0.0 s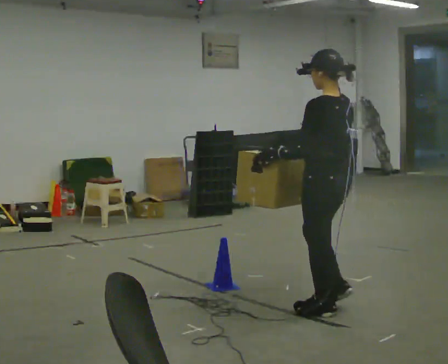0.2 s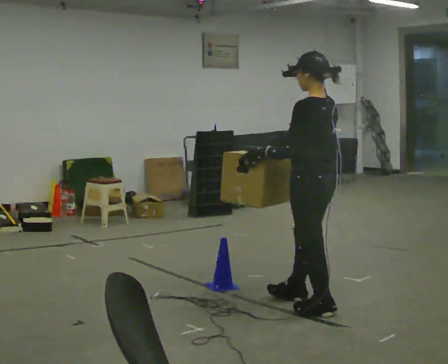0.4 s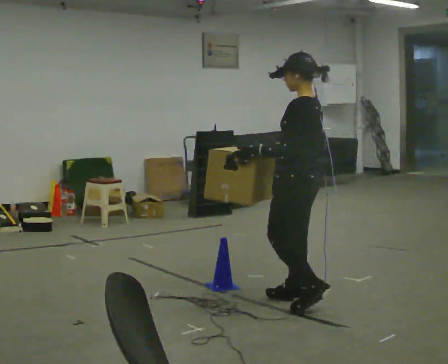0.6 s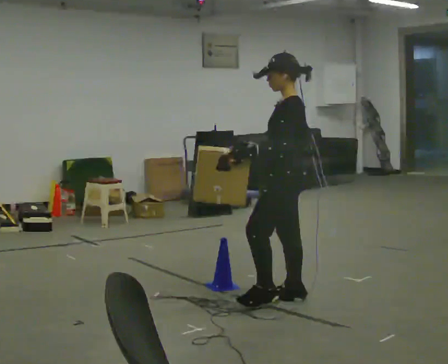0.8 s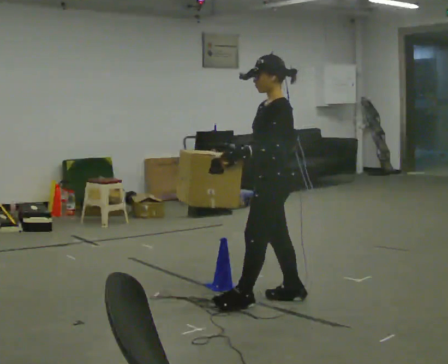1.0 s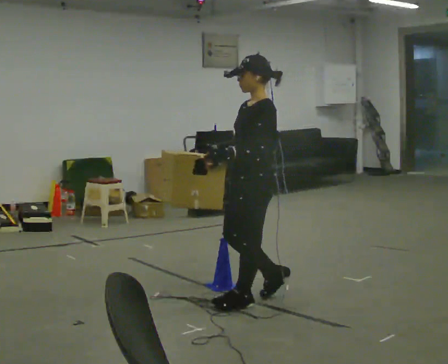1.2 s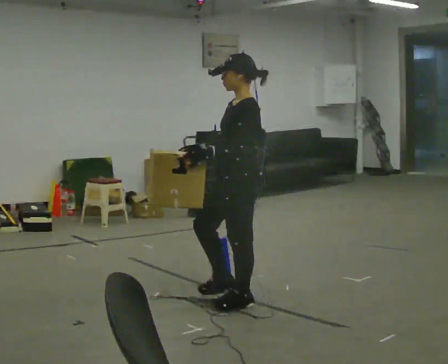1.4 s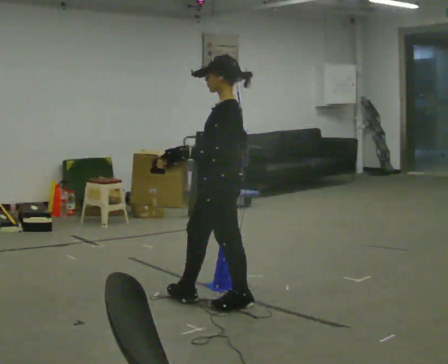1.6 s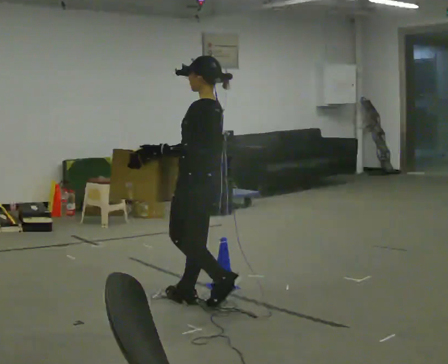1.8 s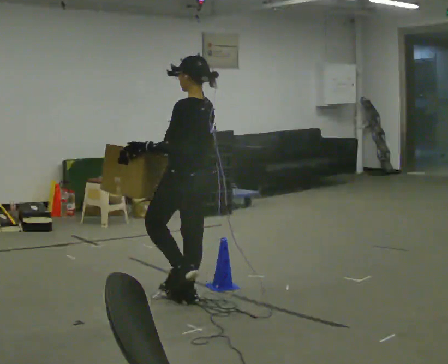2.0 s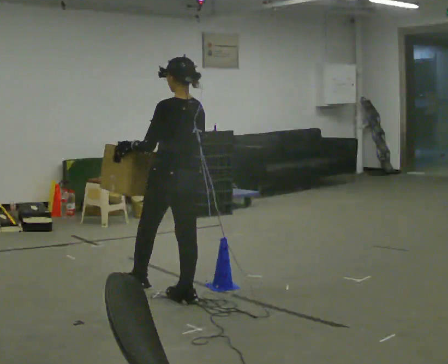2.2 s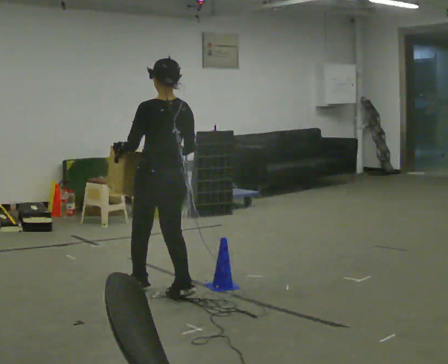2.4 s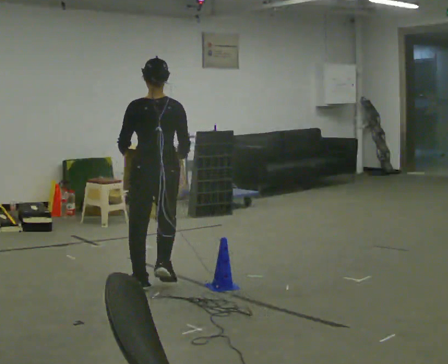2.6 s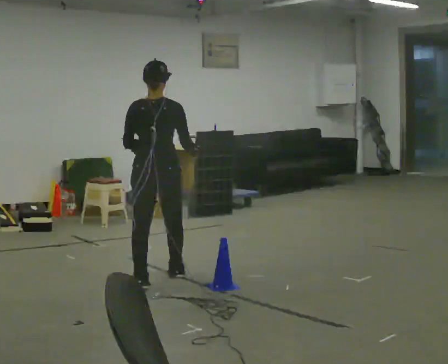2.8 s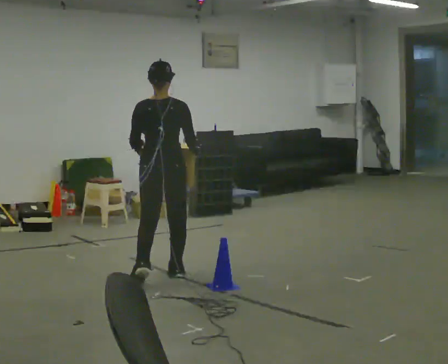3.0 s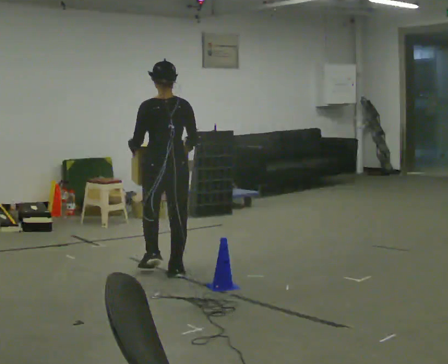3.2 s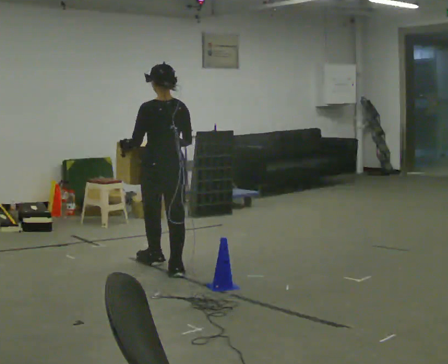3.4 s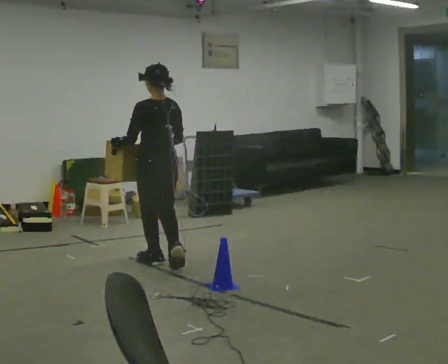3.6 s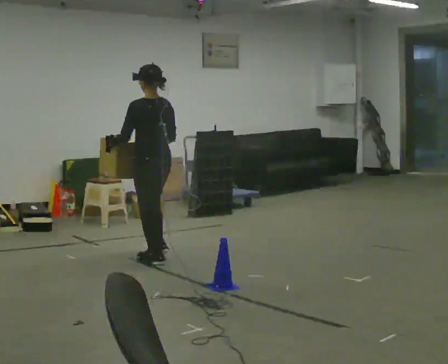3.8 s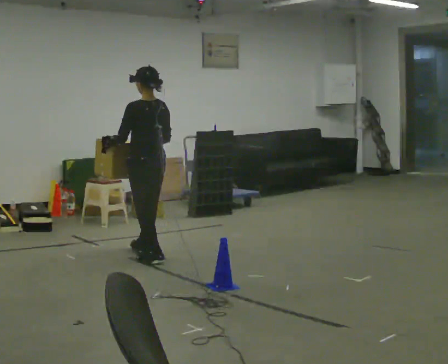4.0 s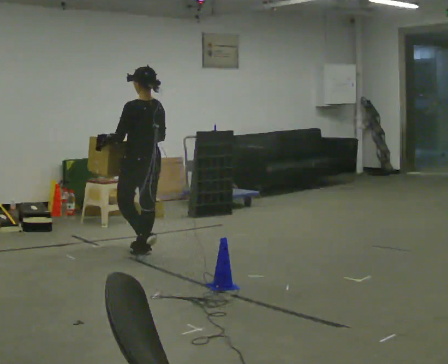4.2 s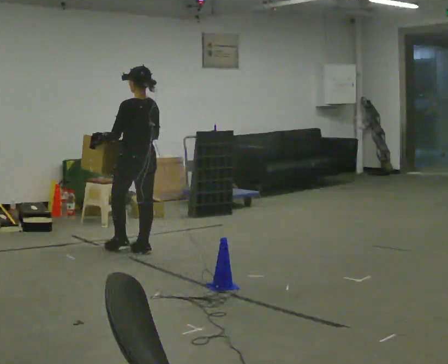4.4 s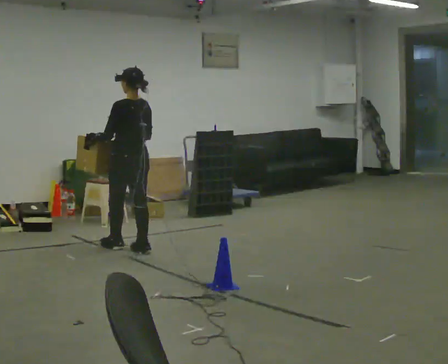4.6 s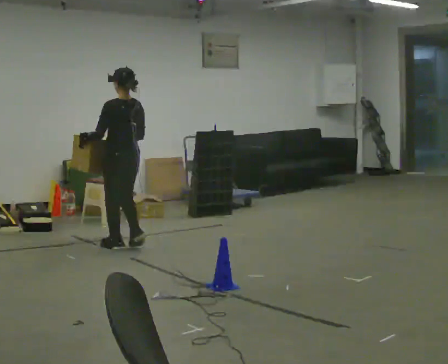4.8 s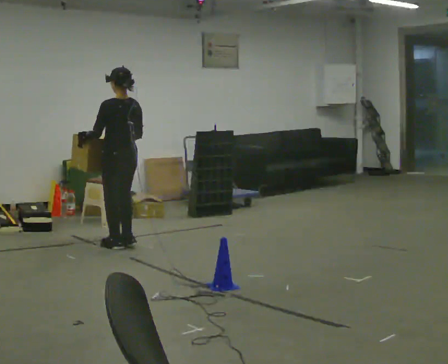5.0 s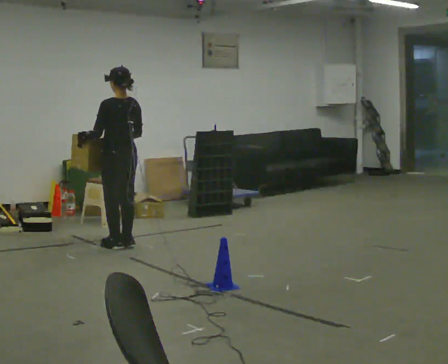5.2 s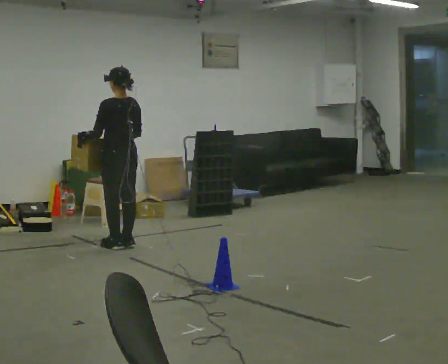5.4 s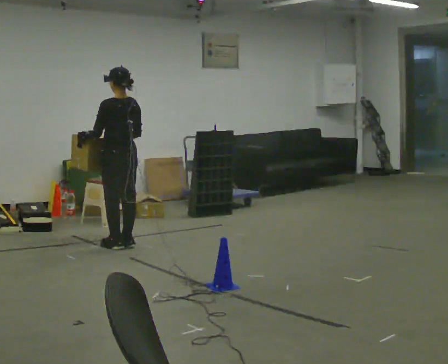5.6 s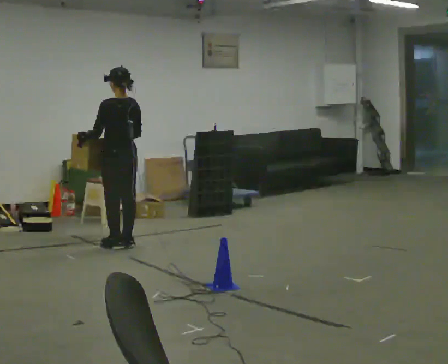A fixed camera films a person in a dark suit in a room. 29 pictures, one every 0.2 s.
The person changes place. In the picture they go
away from the camera.
0.0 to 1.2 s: The person turns about 60 degrees to their left, counterclockwise seen from above, so the part of the body nearest the lens slides to the right. In the picture they go to the left and away from the camera, about 0.5 m in 2 steps, which for them is forward and to their right.
1.2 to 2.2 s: Seen from above the body turns clockwise, about 75 degrees: to their right, with its near side sliding to the left. In the picture they go to the left and away from the camera, about 0.5 m in 2 steps.
2.2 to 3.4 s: In the picture they go away from the camera, about 0.5 m in 2 steps, which for them is forward.
3.4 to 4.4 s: In the picture they go away from the camera and to the left, about 0.5 m in 2 steps, which for them is forward.
4.4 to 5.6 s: In the picture they go away from the camera, about 0.25 m in 1 step, which for them is forward.
The film runs forward here.
